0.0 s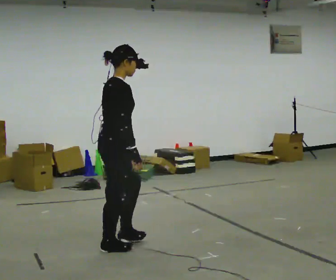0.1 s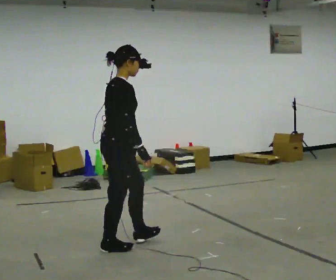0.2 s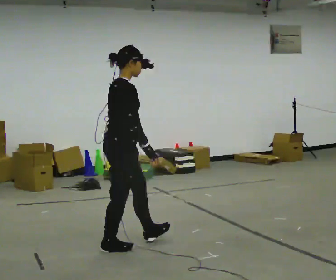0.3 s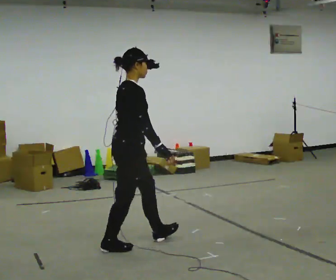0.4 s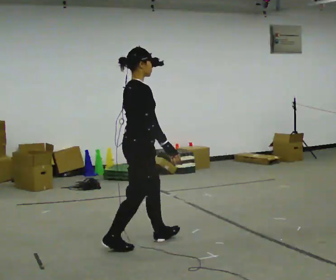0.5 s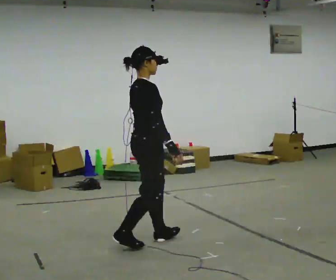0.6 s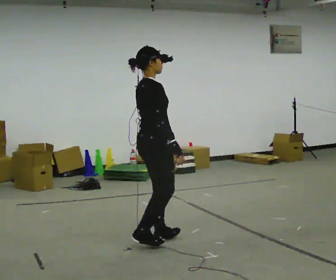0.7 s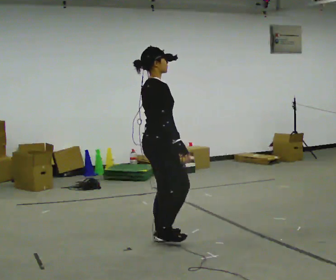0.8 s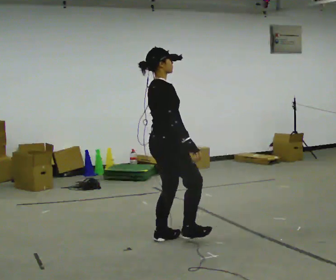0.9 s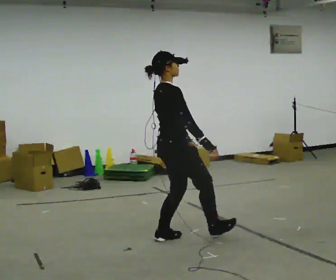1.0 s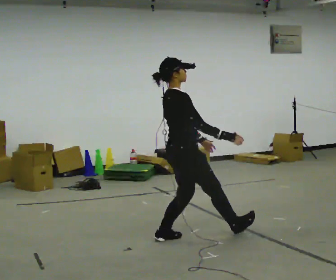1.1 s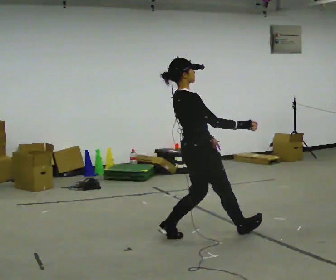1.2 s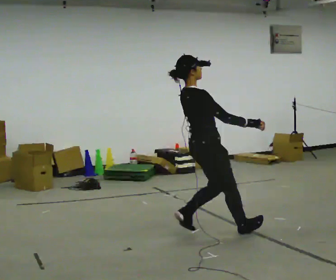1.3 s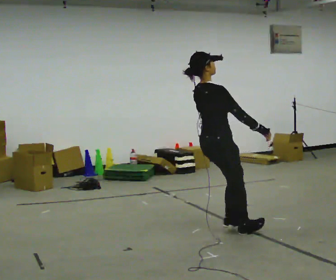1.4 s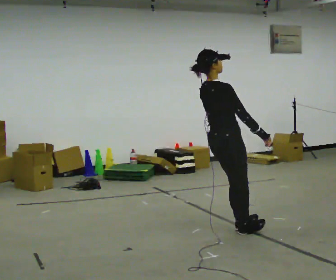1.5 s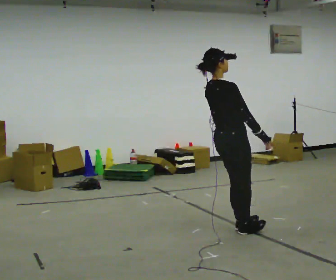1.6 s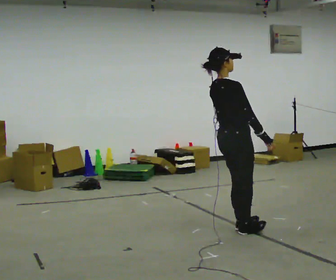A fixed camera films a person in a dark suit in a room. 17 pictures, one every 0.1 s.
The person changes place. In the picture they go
to the right.
0.0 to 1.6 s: In the picture they go to the right and away from the camera, about 1 m in 2 steps, which for them is forward. In the picture the upper body tilts counterclockwise, shoulders to the left, as they lean back or straighten.
The film runs backward here.
